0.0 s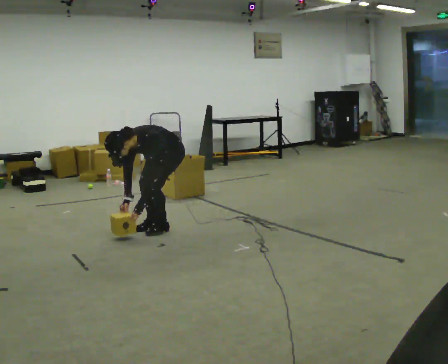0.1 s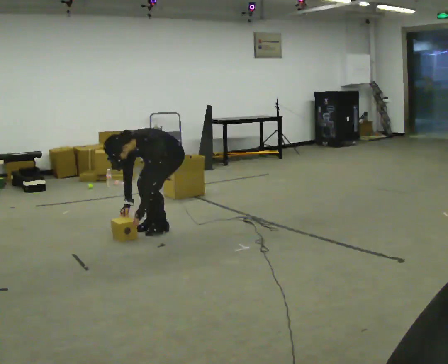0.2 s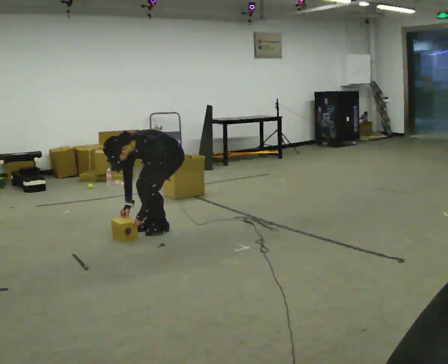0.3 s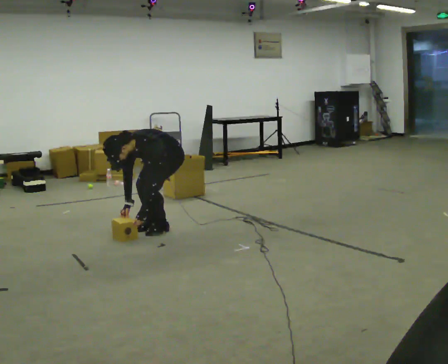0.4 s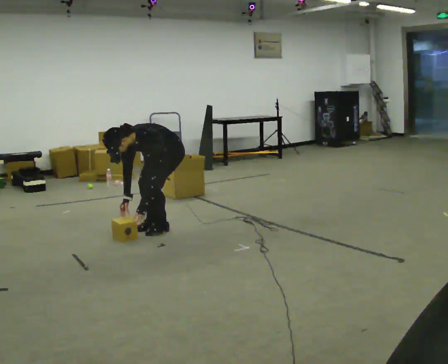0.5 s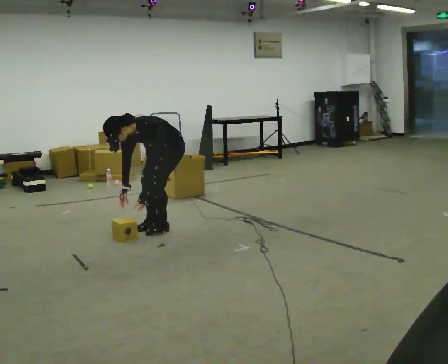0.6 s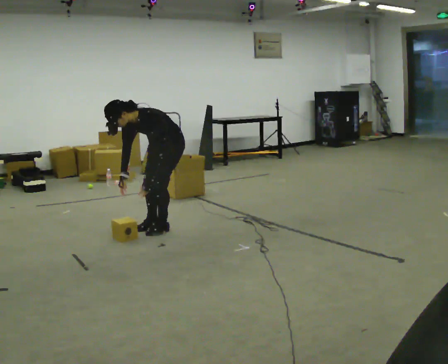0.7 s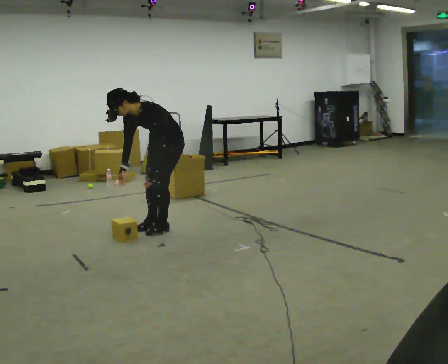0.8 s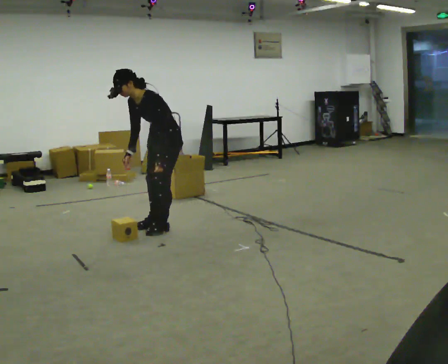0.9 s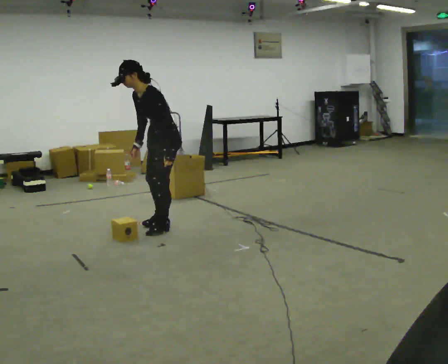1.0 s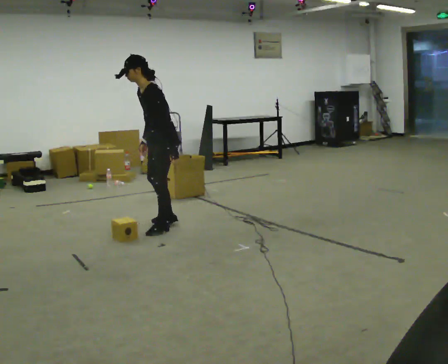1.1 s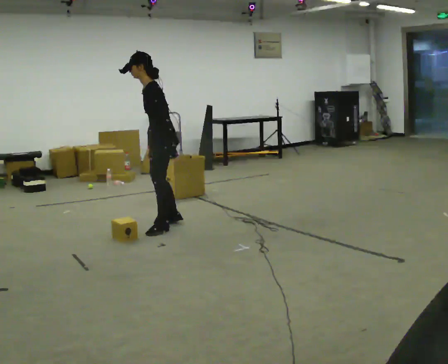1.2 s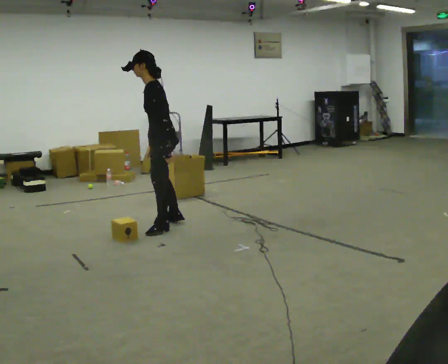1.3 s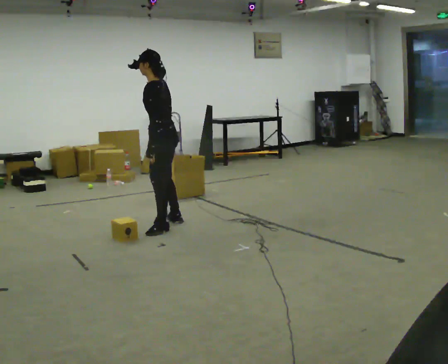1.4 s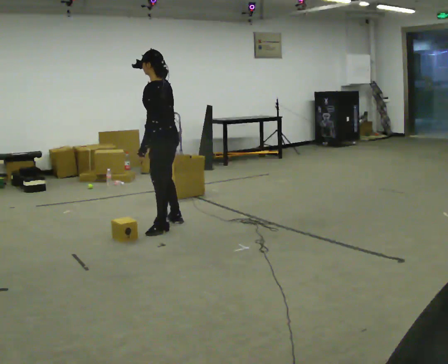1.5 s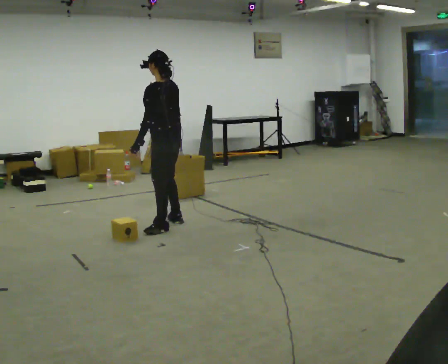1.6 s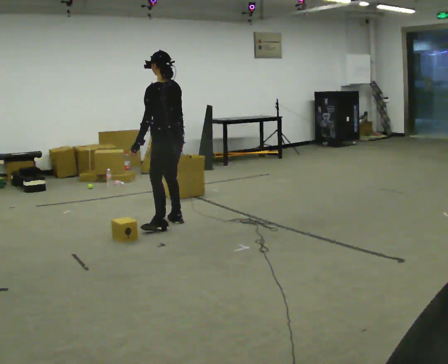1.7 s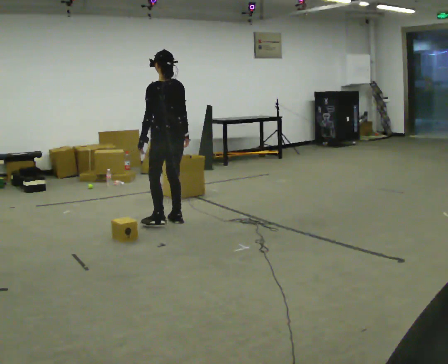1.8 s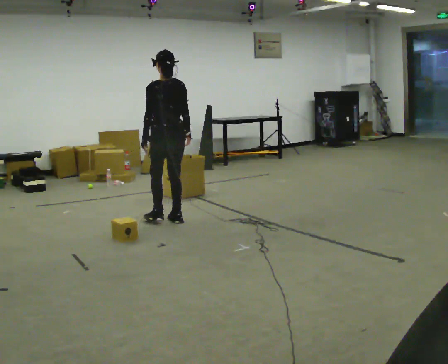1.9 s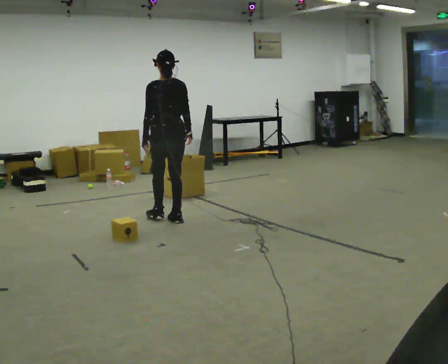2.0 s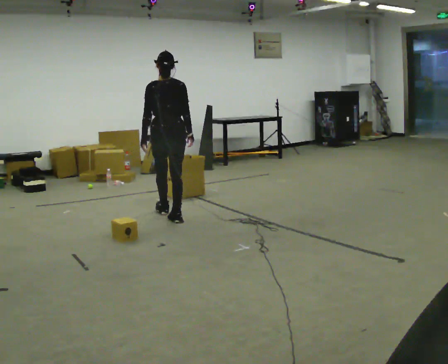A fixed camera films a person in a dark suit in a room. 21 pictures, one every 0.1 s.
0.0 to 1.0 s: The person turns about 30 degrees to their right, clockwise seen from above, so the part of the body nearest the lens slides to the left. The shoulders move upward. The upper body tips away from the camera, its near side rolling upward, as they lean back or straighten. In the picture their right hand goes upward.
1.0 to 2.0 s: Seen from above the body turns clockwise, about 90 degrees: to their right, with its near side sliding to the left. In the picture they go away from the camera, about 0.5 m in 1 step. In the picture the upper body tilts clockwise, shoulders to the right, as they lean back or straighten.
The film runs forward here.
